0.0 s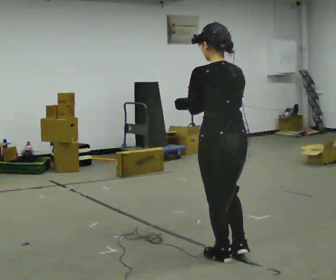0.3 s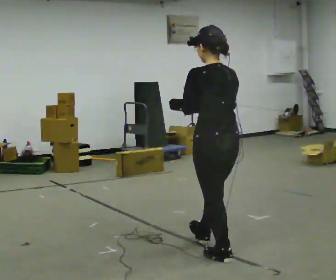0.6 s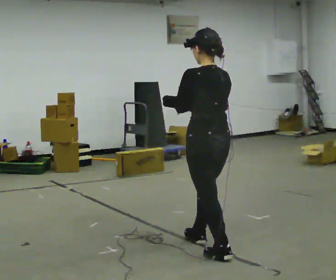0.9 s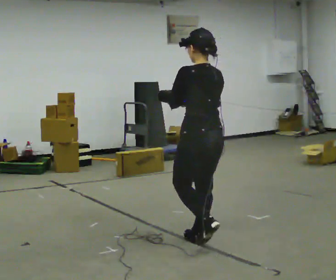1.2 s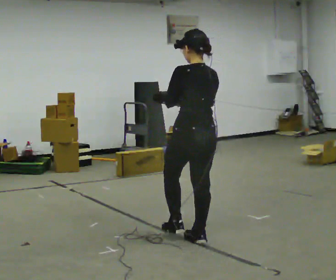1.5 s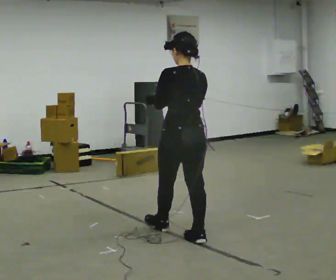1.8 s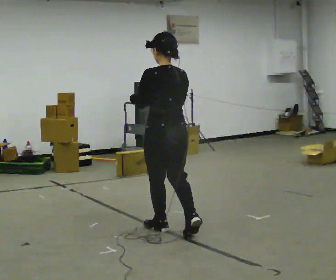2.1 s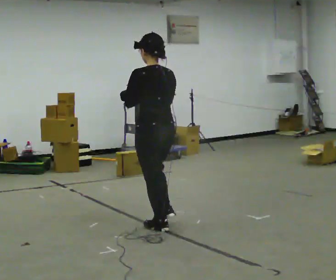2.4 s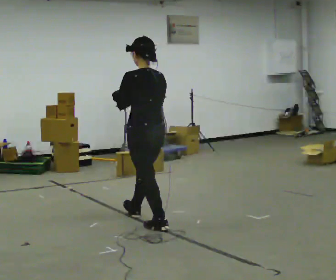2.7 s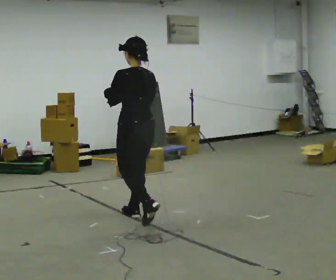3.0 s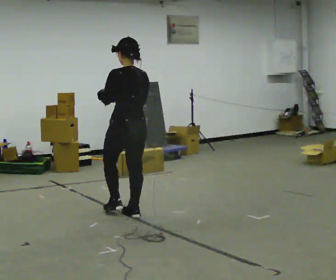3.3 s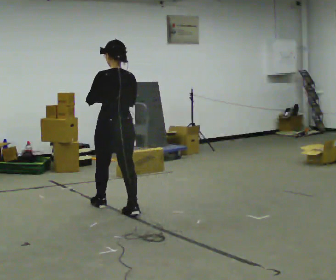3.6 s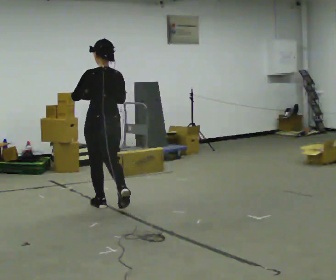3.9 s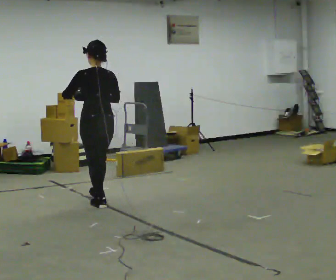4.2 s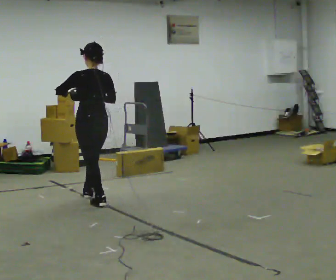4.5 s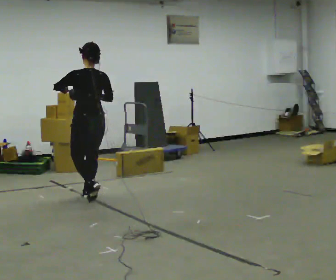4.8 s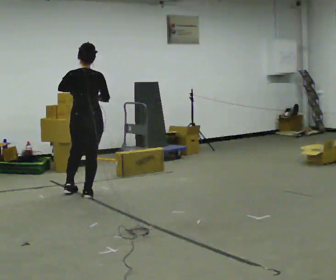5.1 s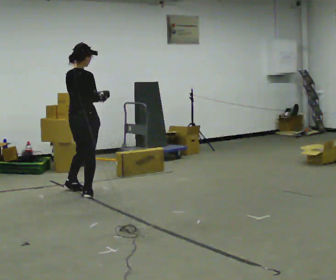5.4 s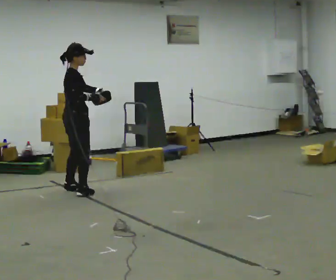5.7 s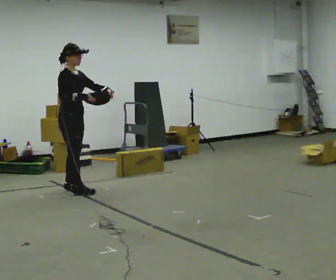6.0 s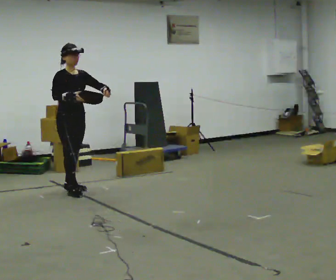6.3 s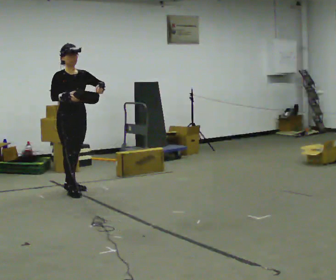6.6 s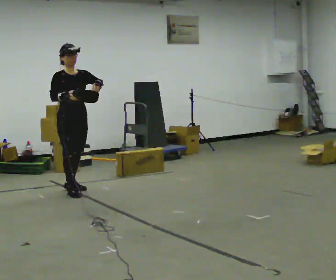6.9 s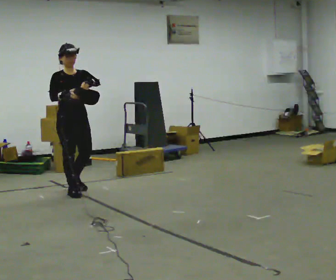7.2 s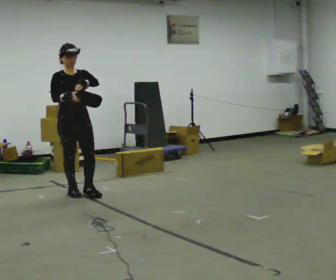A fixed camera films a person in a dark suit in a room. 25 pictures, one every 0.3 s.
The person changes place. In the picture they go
away from the camera.
0.0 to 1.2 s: In the picture they go away from the camera, about 0.5 m in 1 step, which for them is forward.
1.2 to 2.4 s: In the picture they go away from the camera and to the left, about 0.75 m in 2 steps, which for them is forward.
2.4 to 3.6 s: In the picture they go away from the camera and to the left, about 0.5 m in 1 step, which for them is forward.
3.6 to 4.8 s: The part of the body nearest the lens slides to the left as the person turns to their right by about 30 degrees. In the picture they go away from the camera and to the left, about 0.5 m in 1 step, which for them is forward.
4.8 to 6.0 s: The person turns about 135 degrees to their right, clockwise seen from above, so the part of the body nearest the lens slides to the left. In the picture they go away from the camera and to the left, about 0.25 m in 2 steps.
6.0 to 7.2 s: In the picture they go toward the camera, about 0.25 m, which for them is forward.
The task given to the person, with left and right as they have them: Carry the bag and, while walking, undo the buckle or zip, then do it up again. Keep repeating as you walk. Do not stop.
The film runs forward here.
